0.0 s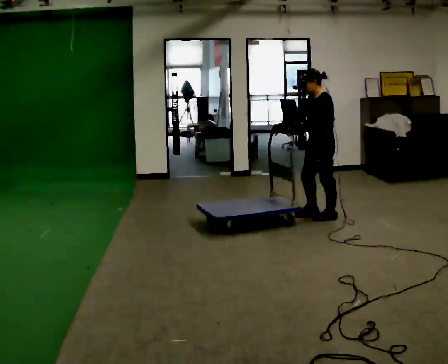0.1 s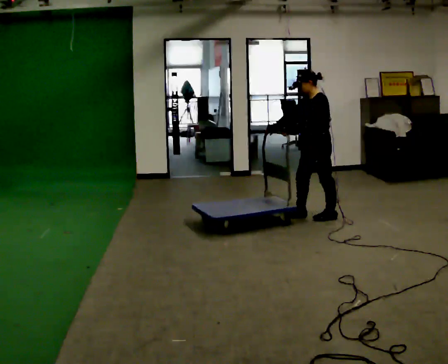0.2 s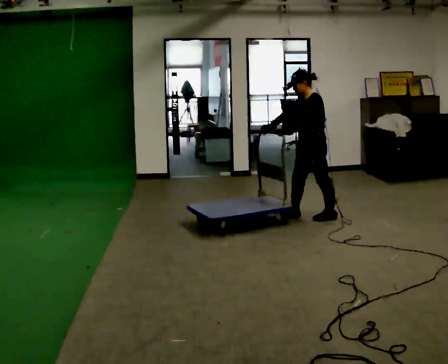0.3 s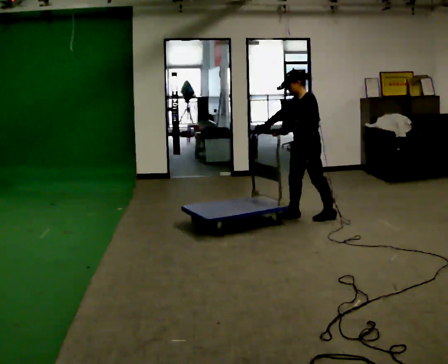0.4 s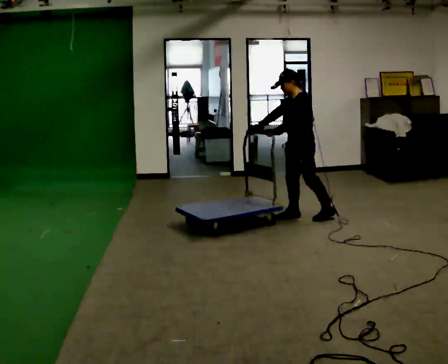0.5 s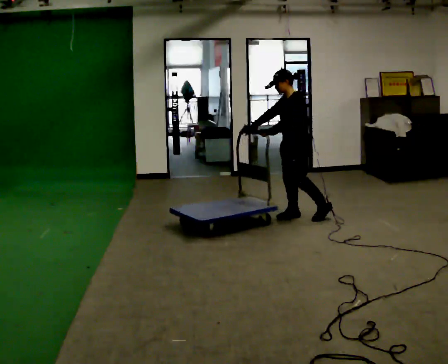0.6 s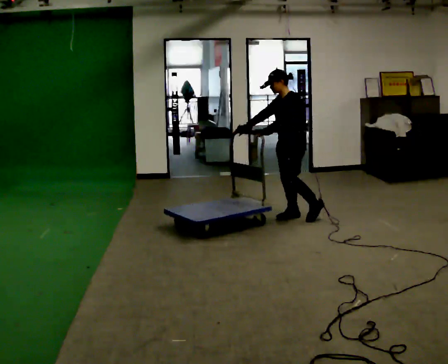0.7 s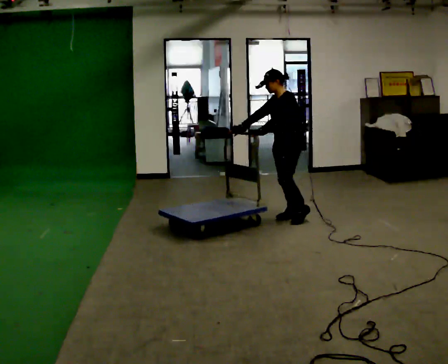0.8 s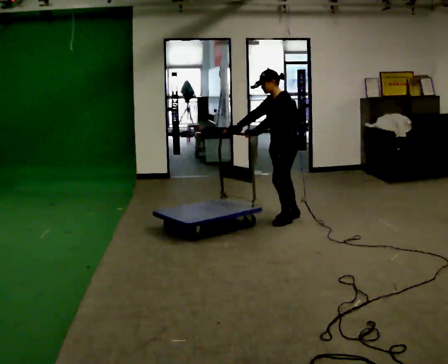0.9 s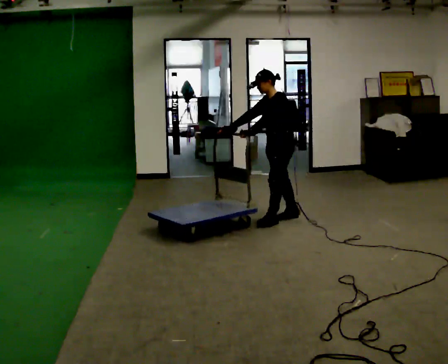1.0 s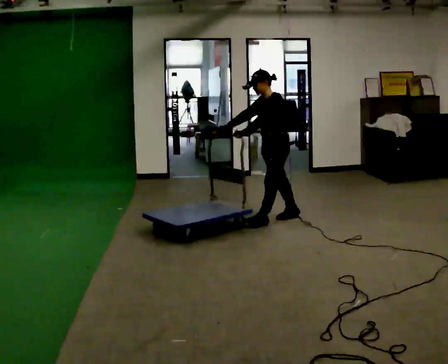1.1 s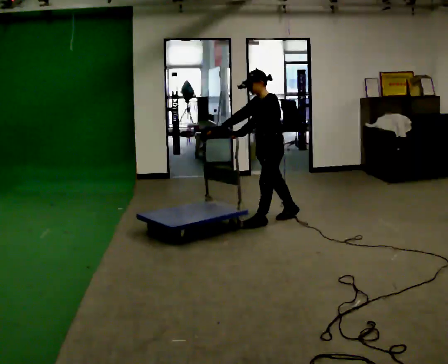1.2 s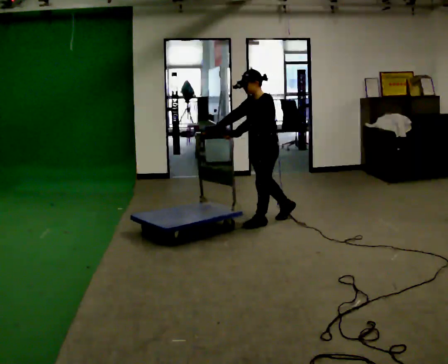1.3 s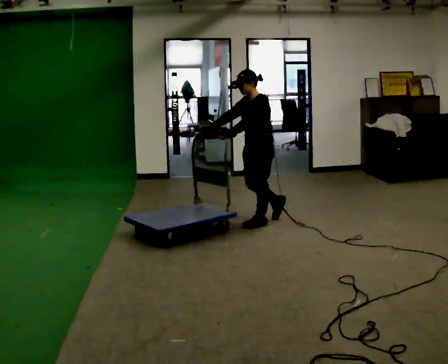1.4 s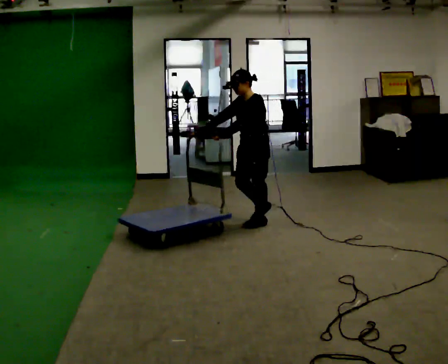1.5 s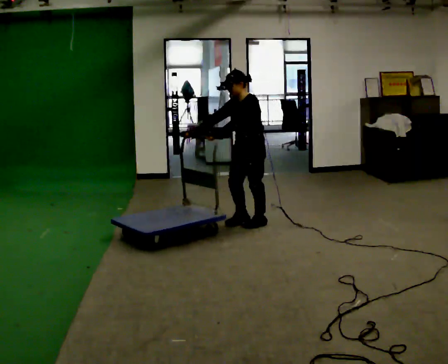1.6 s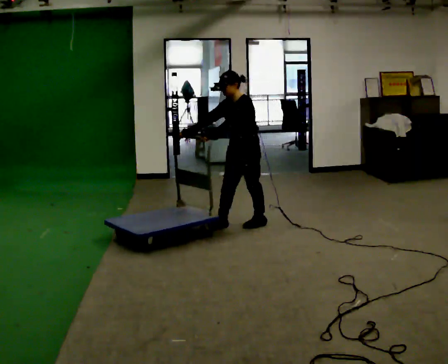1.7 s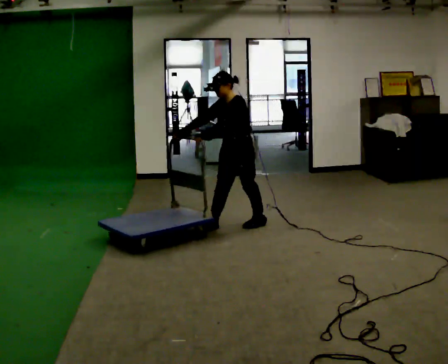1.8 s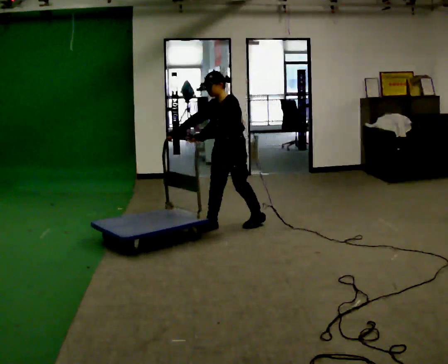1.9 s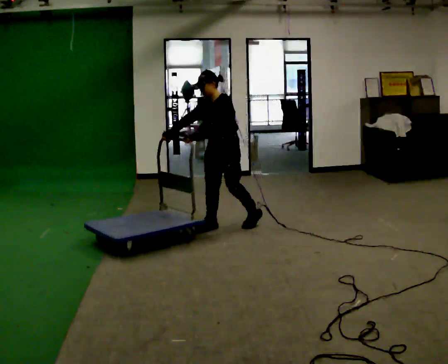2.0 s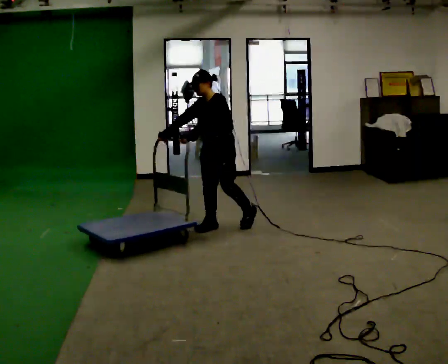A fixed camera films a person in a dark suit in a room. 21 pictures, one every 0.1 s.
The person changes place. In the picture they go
to the left.
0.0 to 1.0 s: In the picture they go to the left, about 0.5 m in 1 step, which for them is forward and to their right.
1.0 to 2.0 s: In the picture they go to the left and toward the camera, about 0.5 m in 2 steps, which for them is forward.
The film runs forward here.
